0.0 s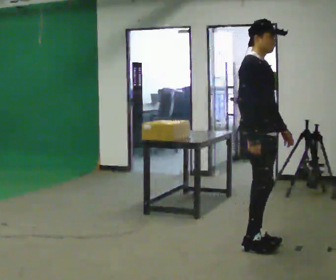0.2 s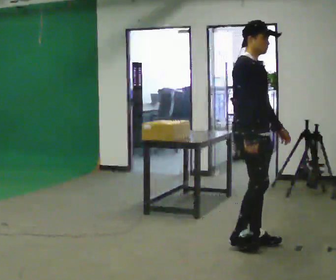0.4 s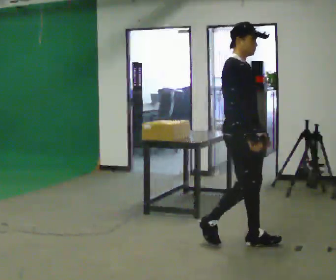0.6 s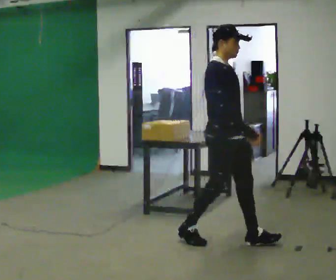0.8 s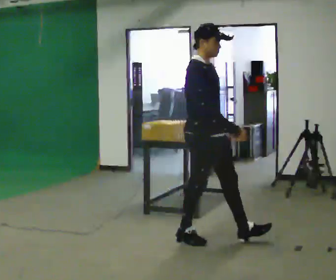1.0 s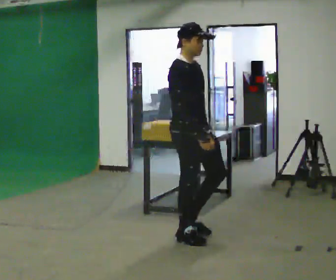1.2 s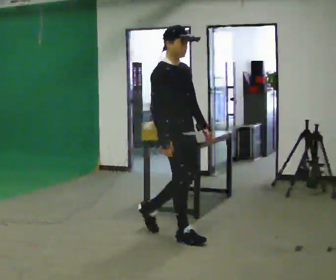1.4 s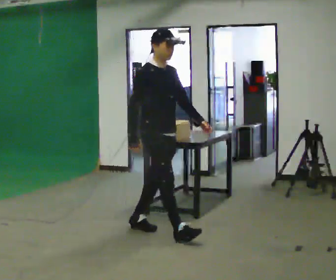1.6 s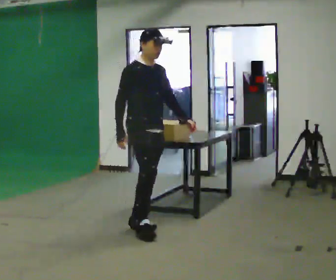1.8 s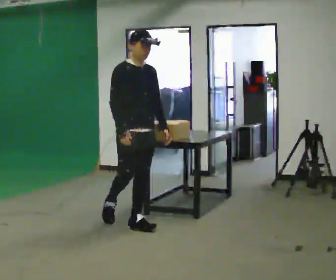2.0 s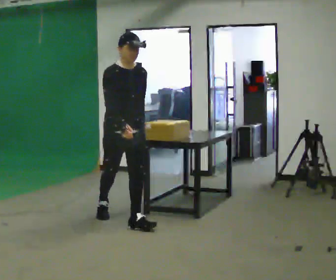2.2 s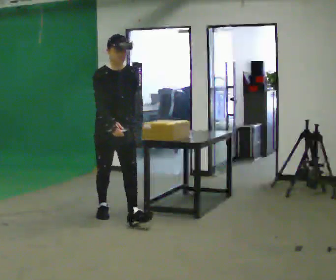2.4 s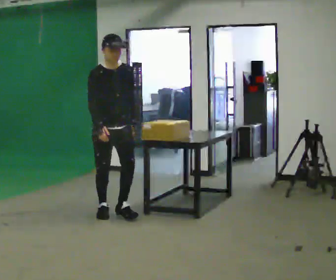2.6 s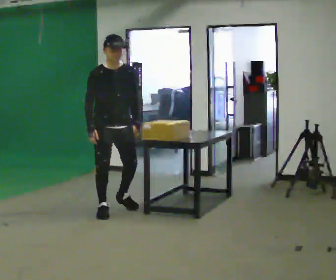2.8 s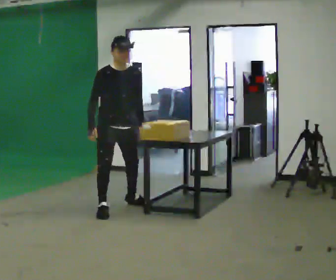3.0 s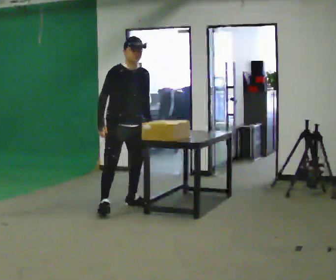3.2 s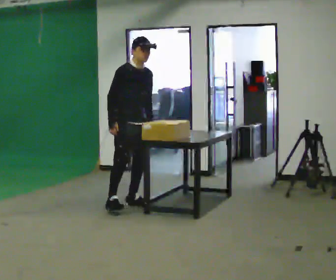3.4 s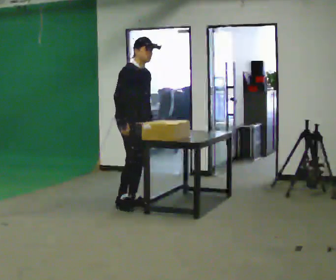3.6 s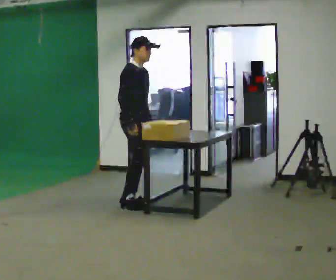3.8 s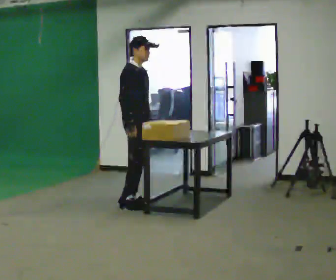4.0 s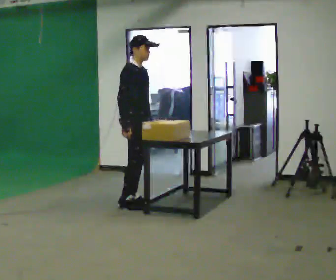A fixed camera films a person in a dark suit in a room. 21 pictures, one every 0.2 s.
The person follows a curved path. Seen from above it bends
clockwise.
The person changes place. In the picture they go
away from the camera.
0.0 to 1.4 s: In the picture they go to the left and away from the camera, about 1 m in 3 steps, which for them is backward.
1.4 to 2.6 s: Seen from above the body turns clockwise, about 30 degrees: to their right, with its near side sliding to the left. In the picture they go away from the camera and to the left, about 1 m in 1 step, which for them is backward.
2.6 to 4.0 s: The person turns about 45 degrees to their left, counterclockwise seen from above, so the part of the body nearest the lens slides to the right. In the picture they go away from the camera and to the right, about 0.5 m in 1 step, which for them is to their left.
The film runs backward here.
